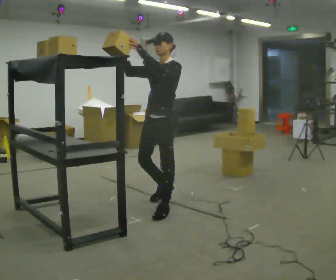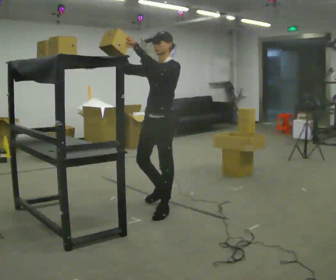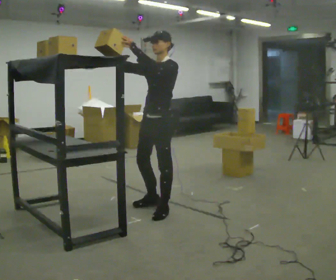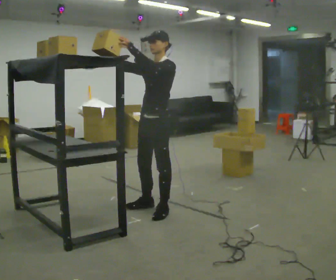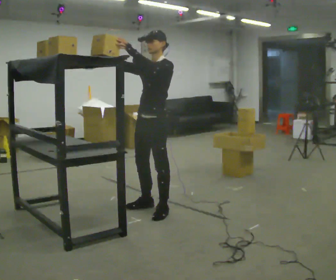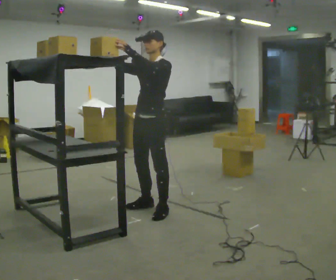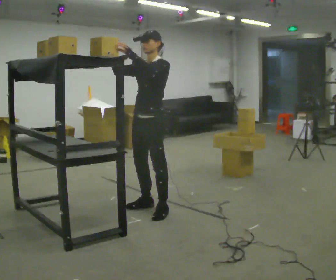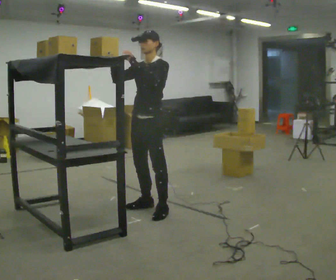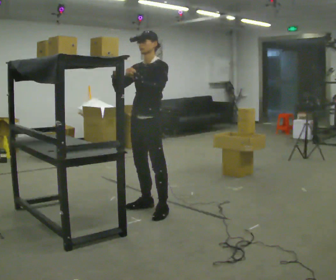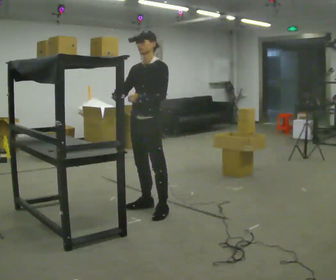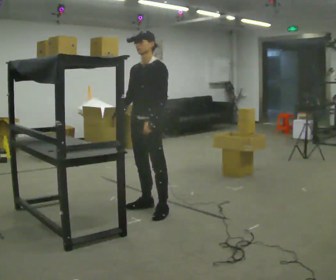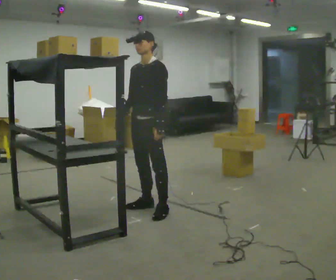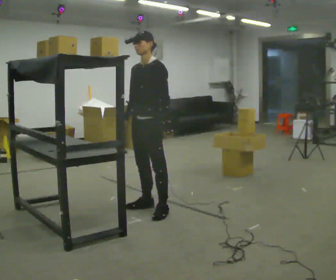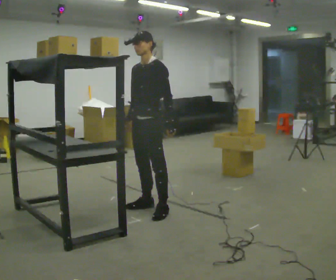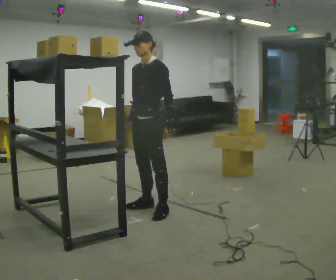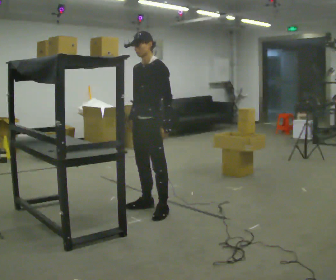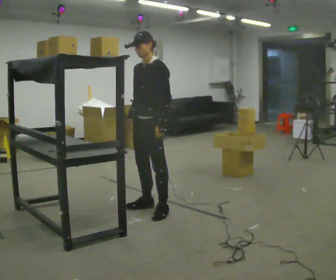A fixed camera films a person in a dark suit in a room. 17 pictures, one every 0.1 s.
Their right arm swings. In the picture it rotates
counterclockwise.
Their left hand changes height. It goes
downward.
0.0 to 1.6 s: In the picture their right hand goes downward, the arm swinging counterclockwise.
The film runs forward here.
